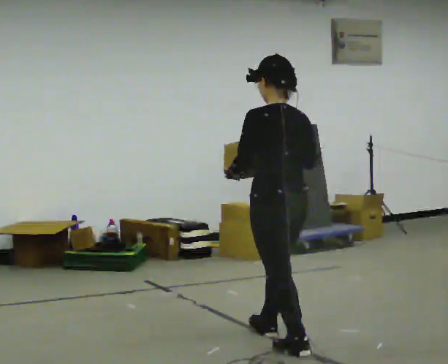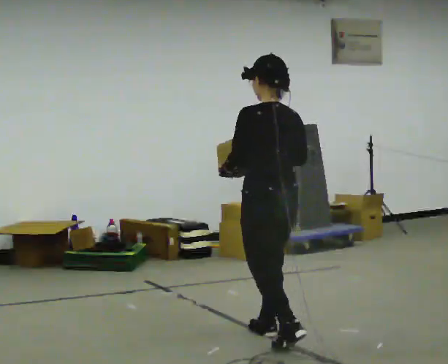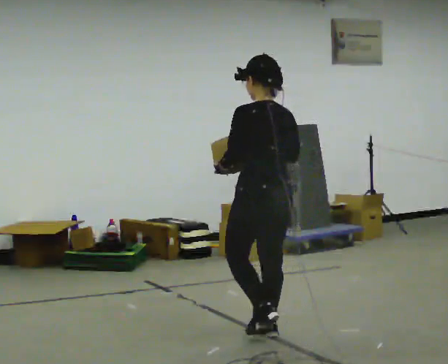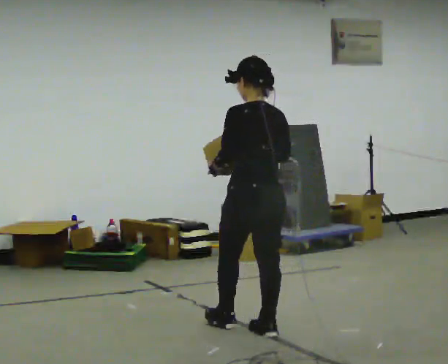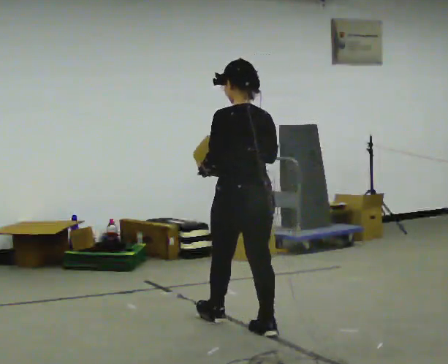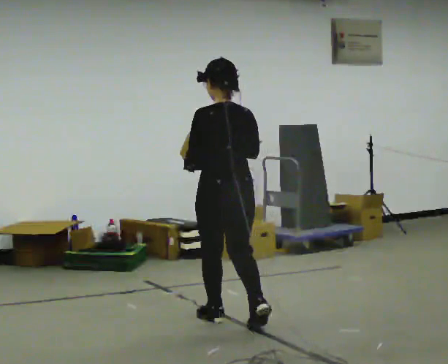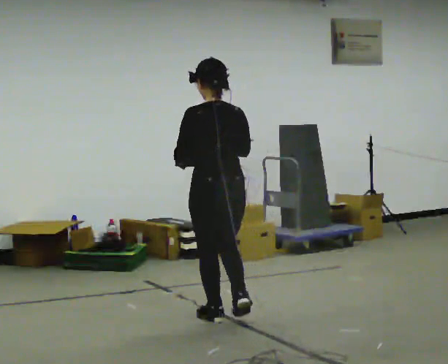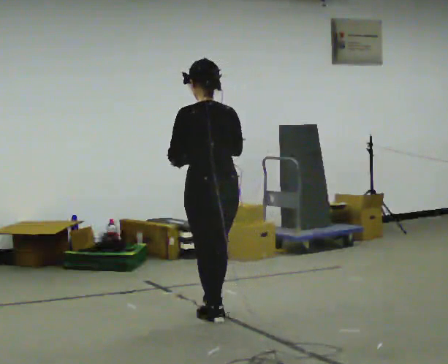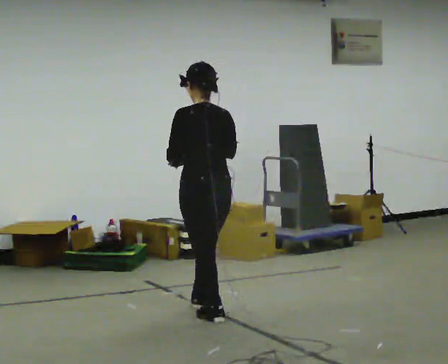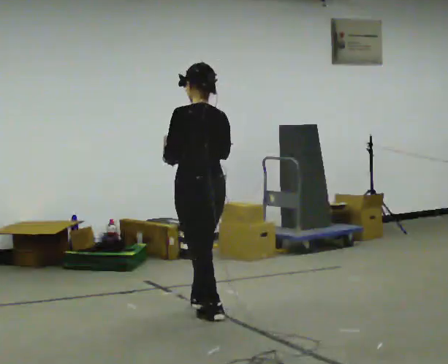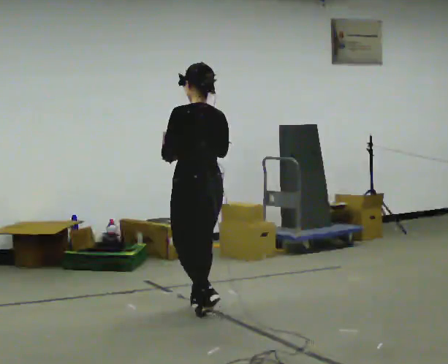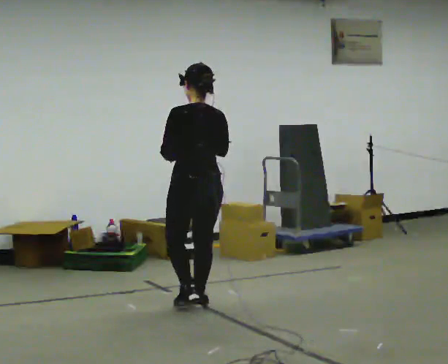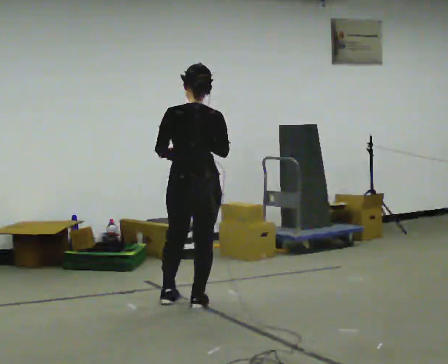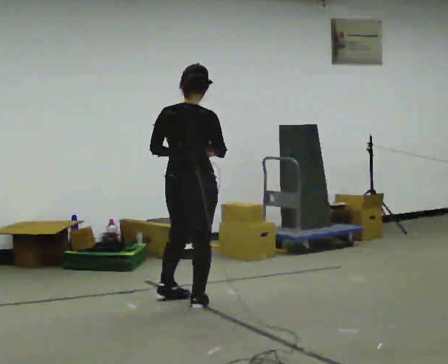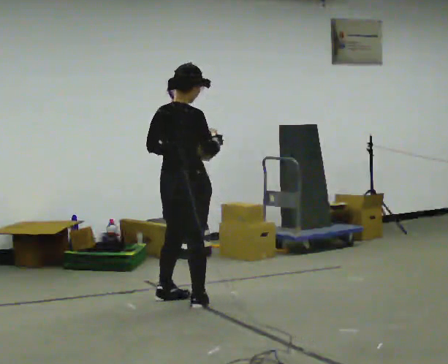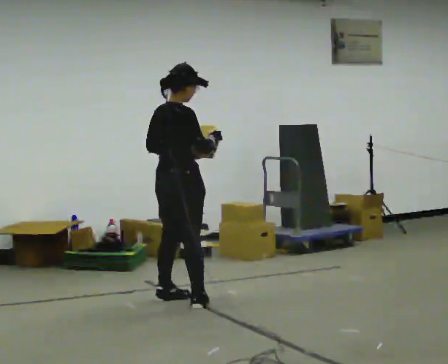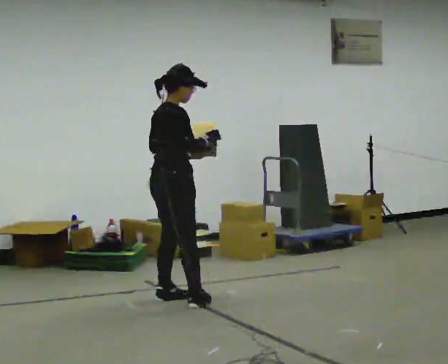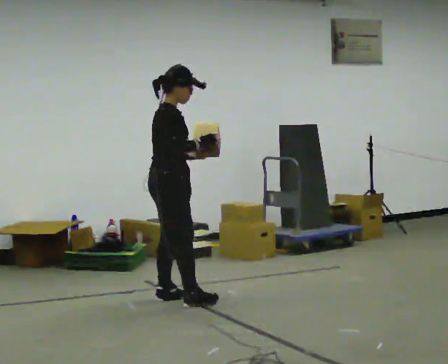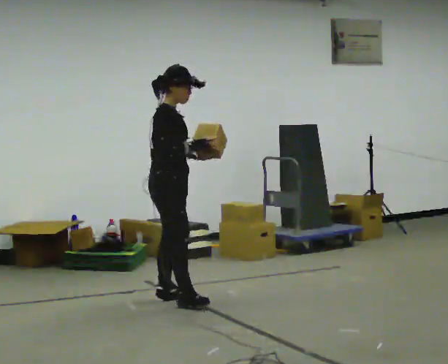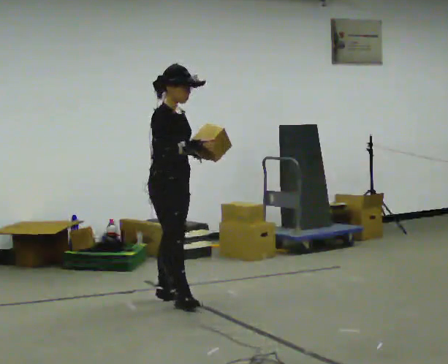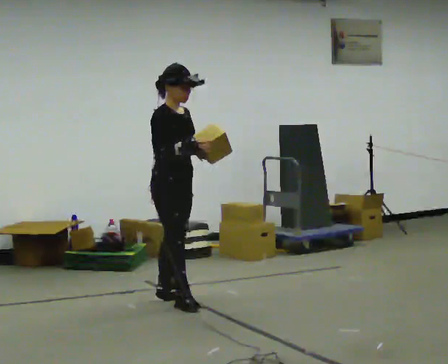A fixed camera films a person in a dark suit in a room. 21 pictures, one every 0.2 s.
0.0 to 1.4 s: In the picture they go away from the camera and to the left, about 1 m in 1 step, which for them is forward.
1.4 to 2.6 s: Seen from above the body turns clockwise, about 45 degrees: to their right, with its near side sliding to the left. In the picture they go away from the camera and to the left, about 0.5 m in 2 steps, which for them is forward.
2.6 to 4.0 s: The person turns about 90 degrees to their right, clockwise seen from above, so the part of the body nearest the lens slides to the left. In the picture they go to the left, about 0.25 m.
The film runs forward here.
